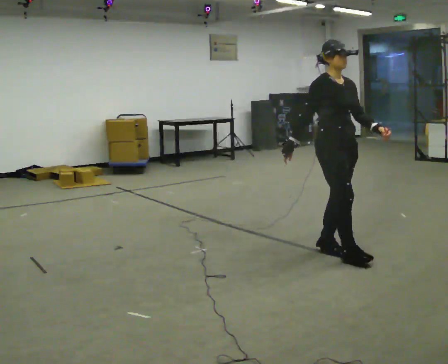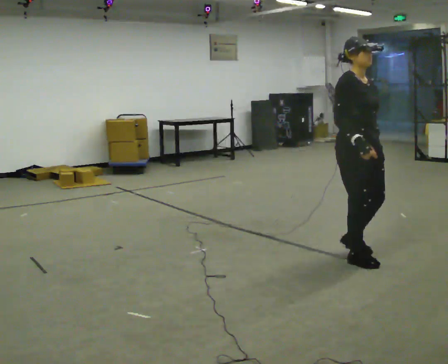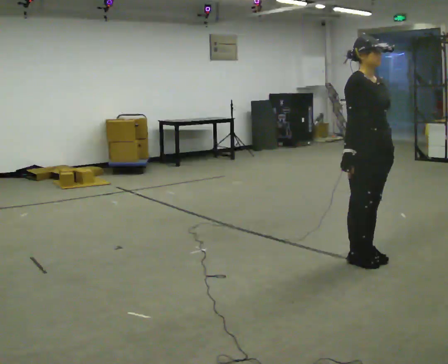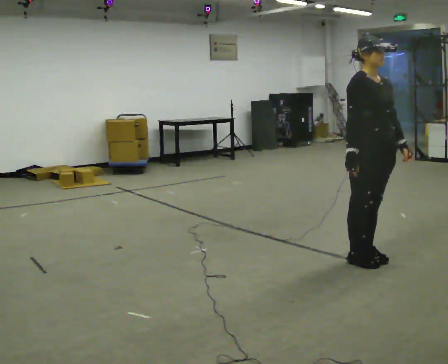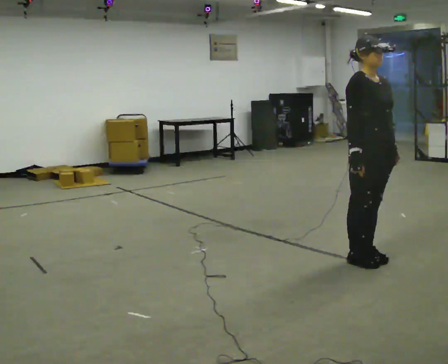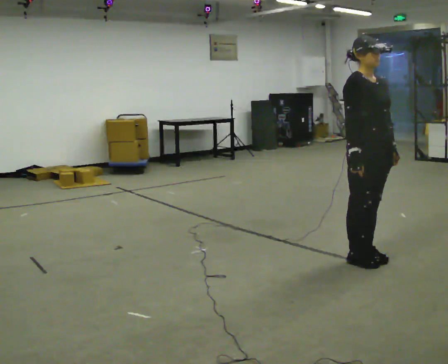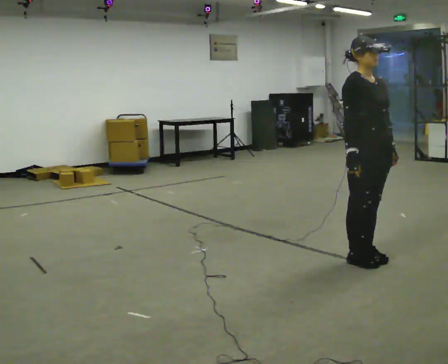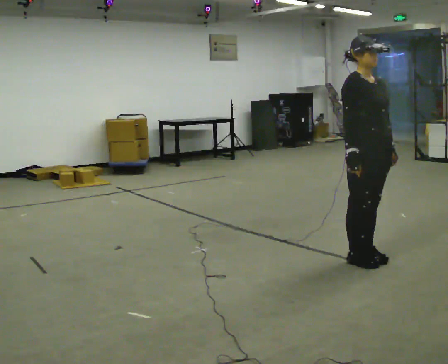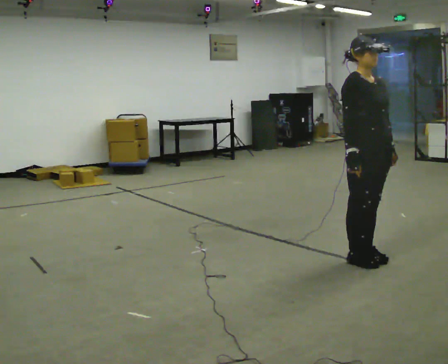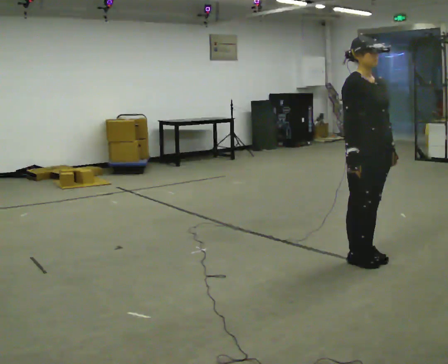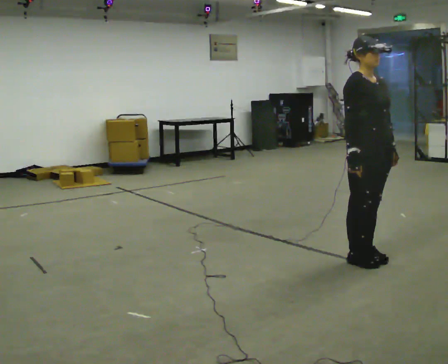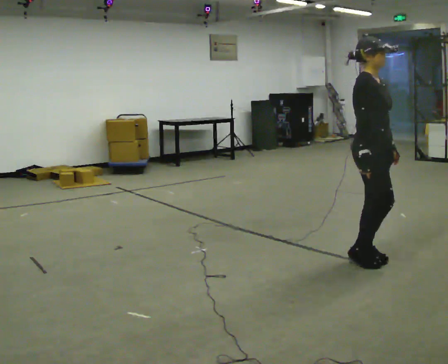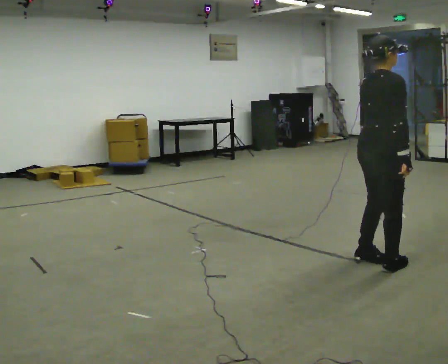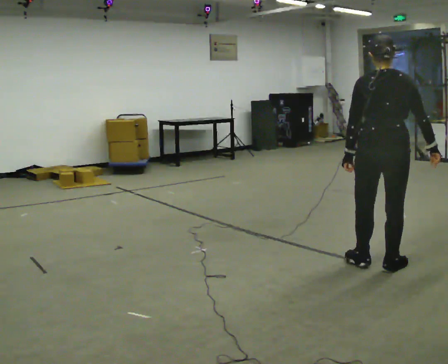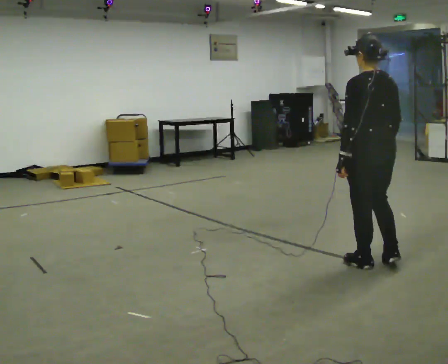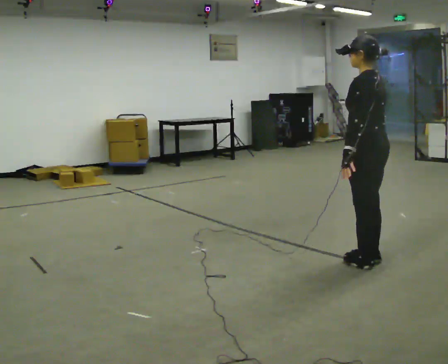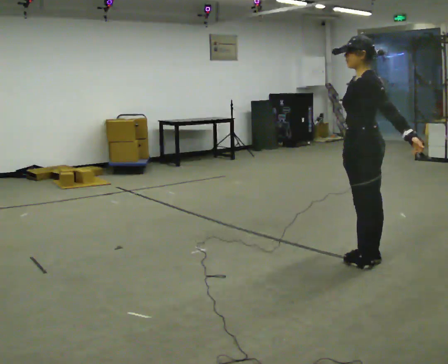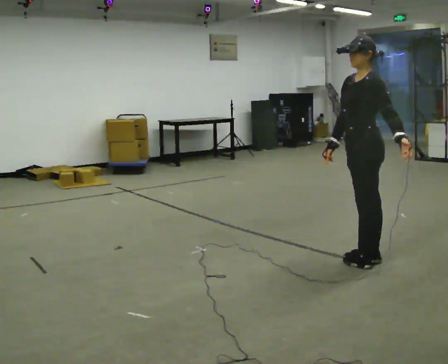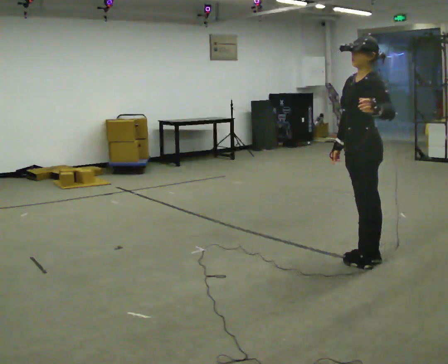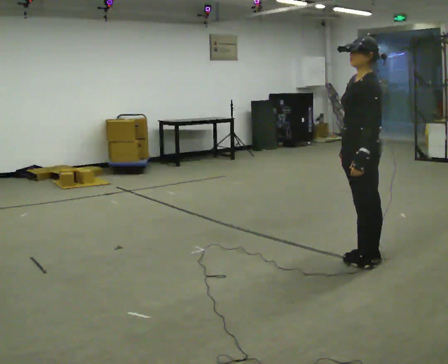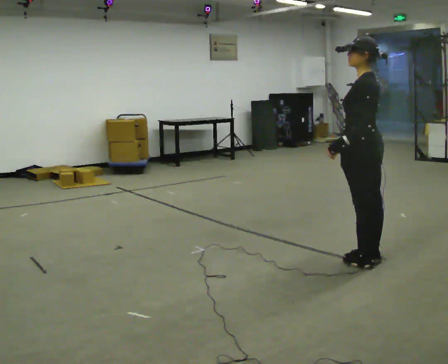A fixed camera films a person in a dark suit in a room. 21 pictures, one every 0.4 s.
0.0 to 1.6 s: In the picture they go to the right and toward the camera, about 0.25 m in 2 steps, which for them is forward.
1.6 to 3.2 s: The person moves a little, or ends about where they began.
3.2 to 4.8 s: The person turns about 75 degrees to their left, counterclockwise seen from above, so the part of the body nearest the lens slides to the right.
4.8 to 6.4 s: The part of the body nearest the lens slides to the right as the person turns to their left by about 135 degrees.
6.4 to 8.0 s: In the picture their left hand goes to the left.
The film runs forward here.
